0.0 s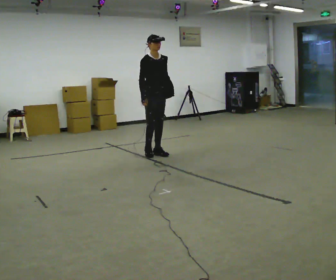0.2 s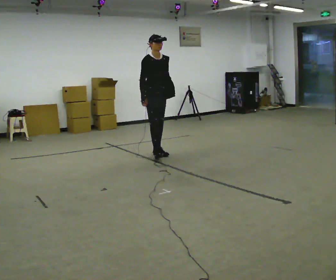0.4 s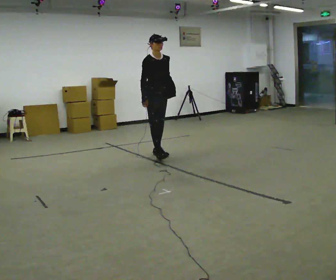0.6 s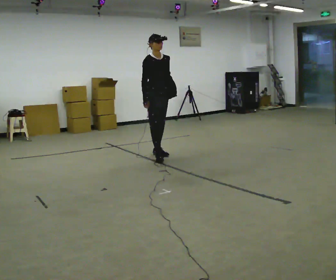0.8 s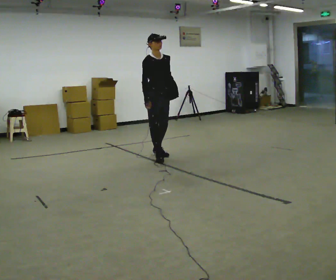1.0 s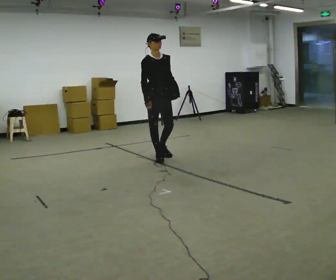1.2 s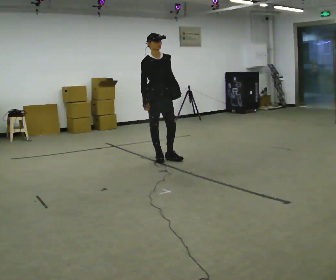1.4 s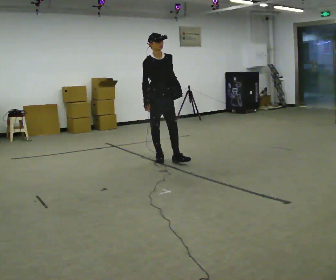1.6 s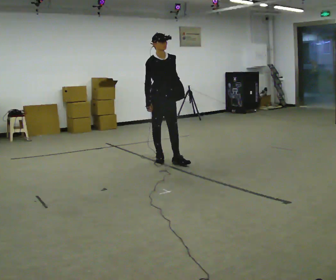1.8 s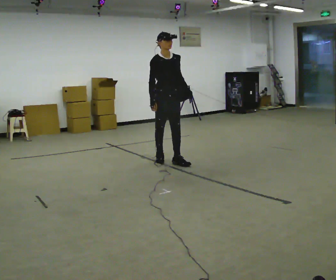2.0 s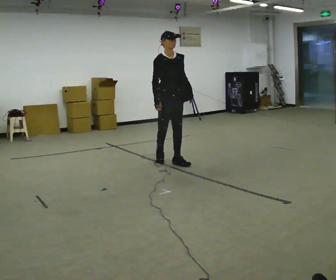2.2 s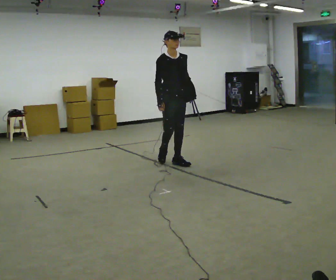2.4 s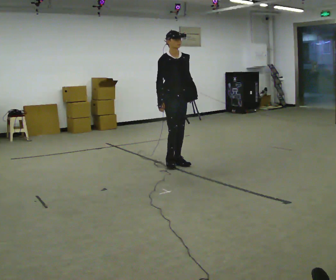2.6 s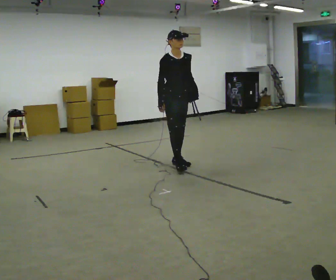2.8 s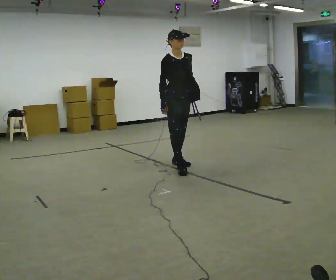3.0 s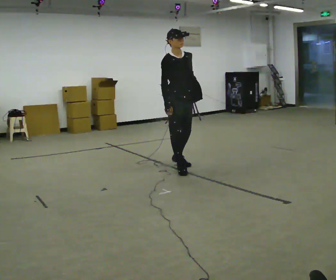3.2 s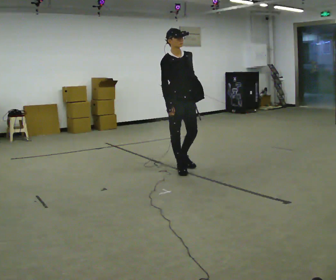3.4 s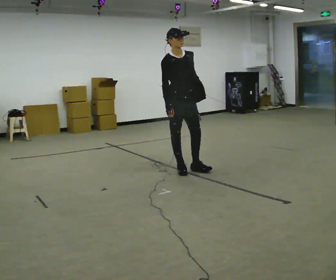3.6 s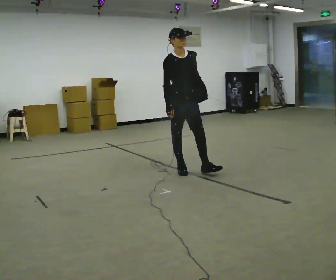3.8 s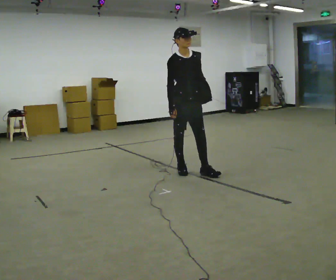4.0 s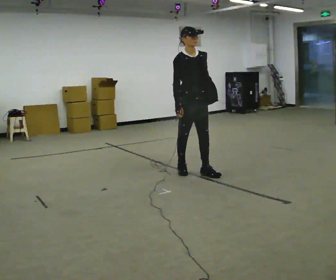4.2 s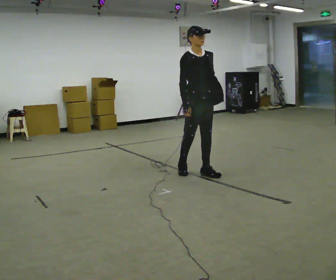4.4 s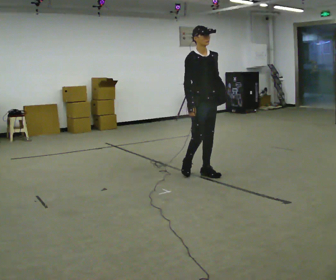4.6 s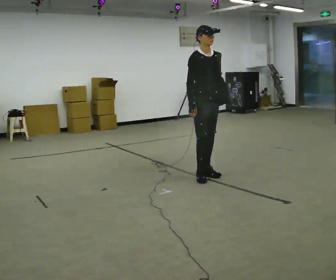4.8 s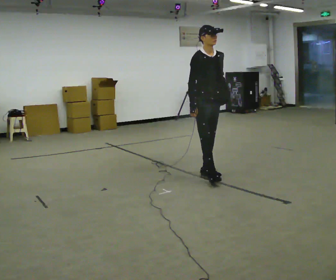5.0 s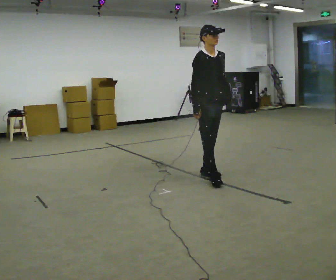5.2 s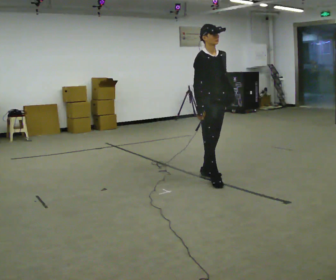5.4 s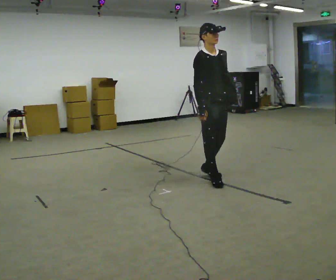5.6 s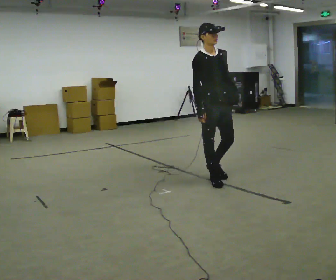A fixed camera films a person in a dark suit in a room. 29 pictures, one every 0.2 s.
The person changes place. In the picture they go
toward the camera.
0.0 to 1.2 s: In the picture they go toward the camera, about 0.25 m in 1 step, which for them is forward and to their right.
1.2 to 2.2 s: In the picture they go toward the camera and to the right, about 0.25 m in 1 step, which for them is forward.
2.2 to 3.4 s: In the picture they go toward the camera, about 0.5 m in 1 step, which for them is forward.
3.4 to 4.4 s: In the picture they go to the right and toward the camera, about 0.25 m in 1 step, which for them is forward and to their left.
4.4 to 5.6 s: In the picture they go toward the camera, about 0.25 m in 1 step, which for them is forward and to their right.
The film runs forward here.
